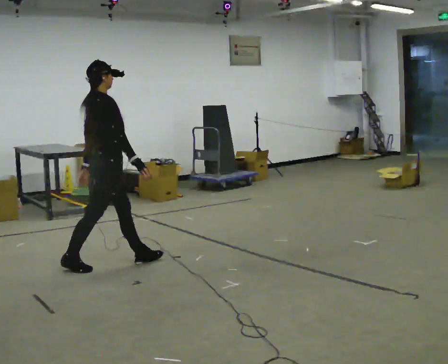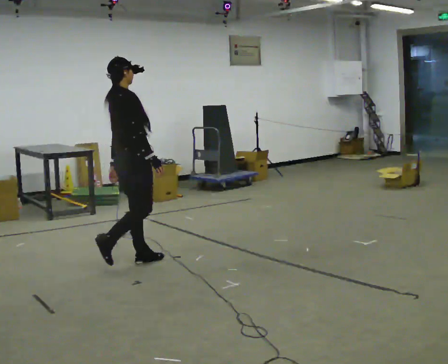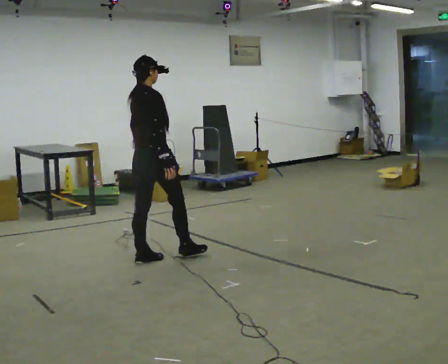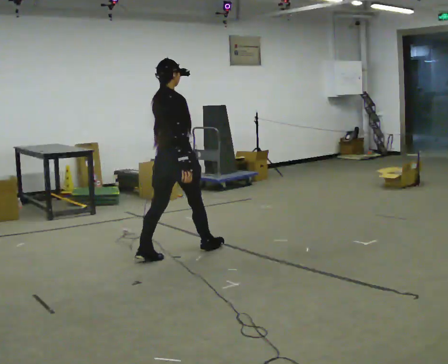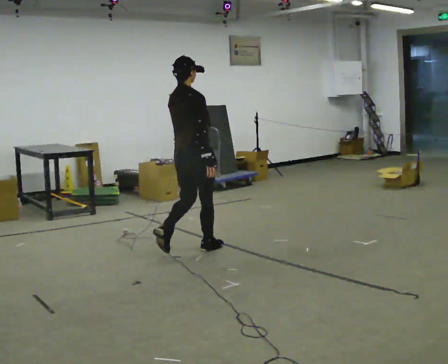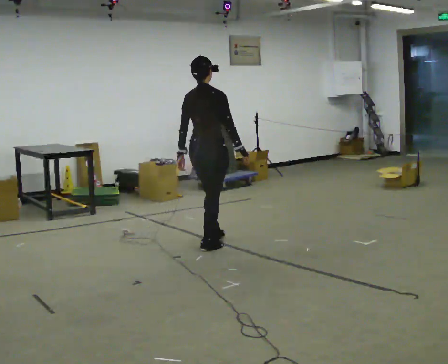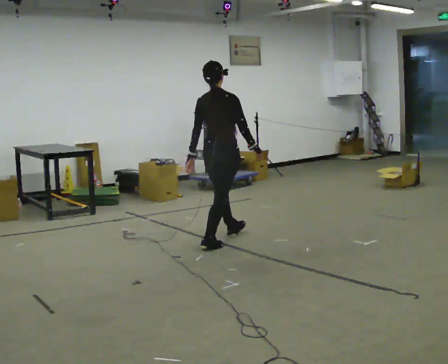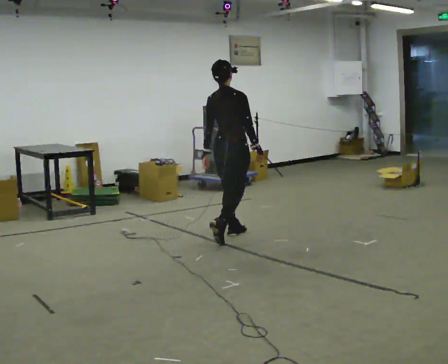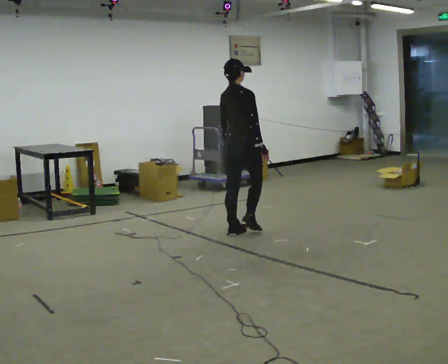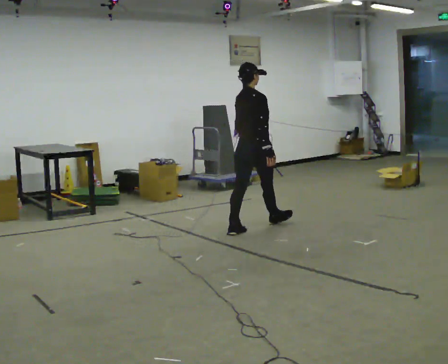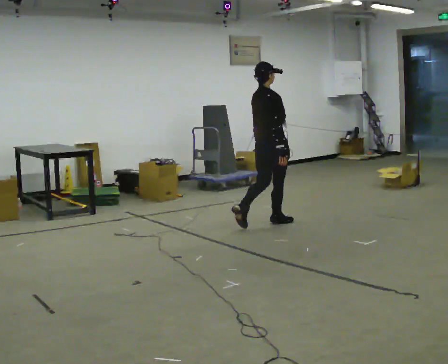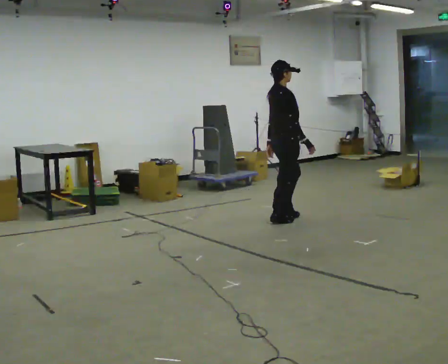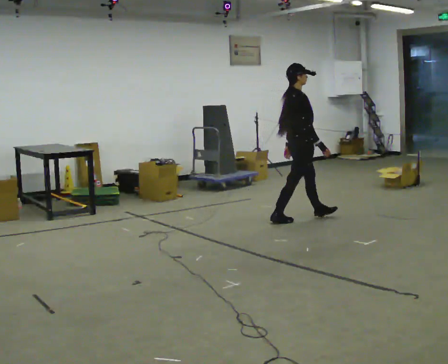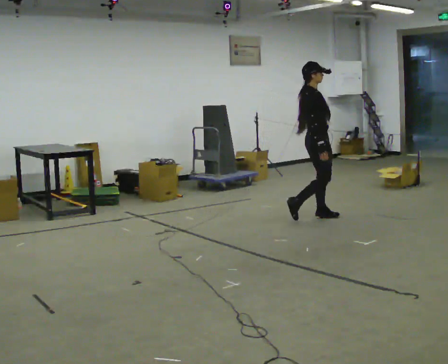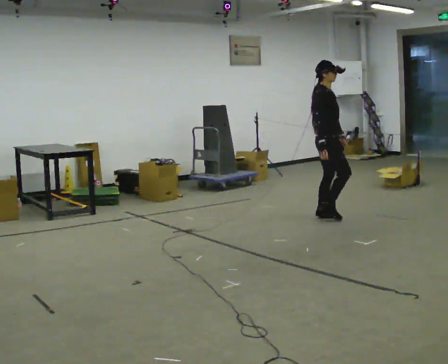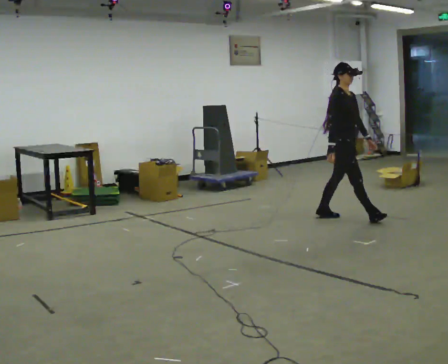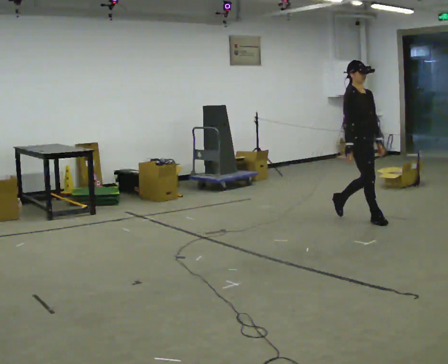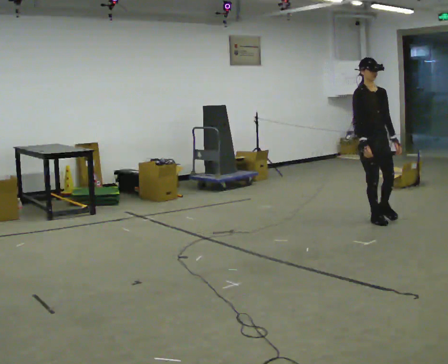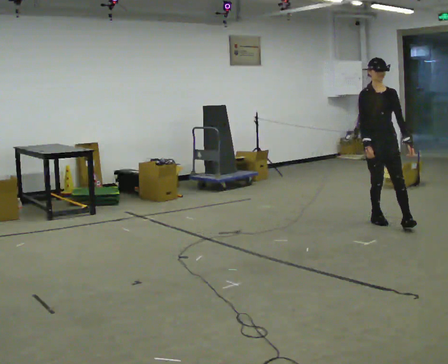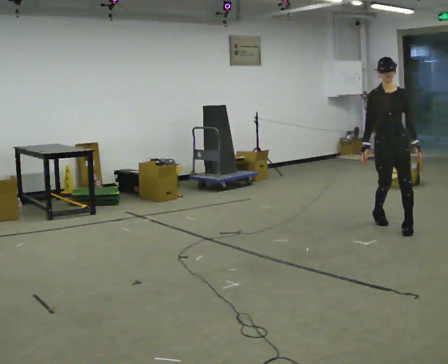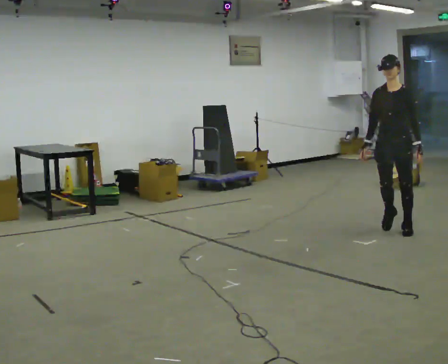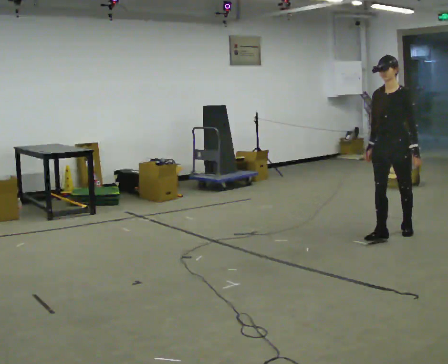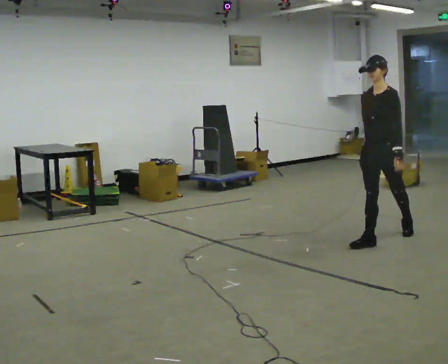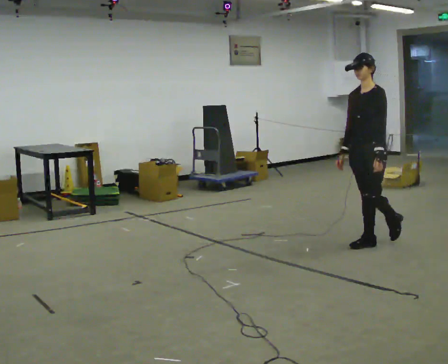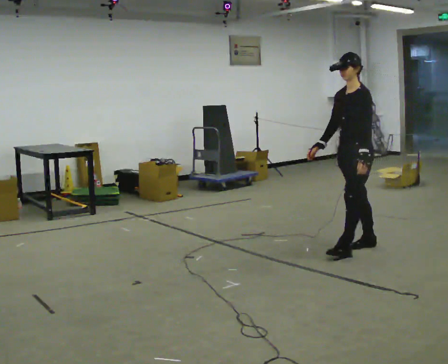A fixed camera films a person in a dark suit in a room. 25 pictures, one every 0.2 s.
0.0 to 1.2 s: Seen from above the body turns counterclockwise, about 30 degrees: to their left, with its near side sliding to the right. In the picture they go away from the camera and to the right, about 1 m in 2 steps, which for them is forward.
1.2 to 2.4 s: The person turns about 45 degrees to their right, clockwise seen from above, so the part of the body nearest the lens slides to the left. In the picture they go away from the camera and to the right, about 1 m in 2 steps, which for them is forward.
2.4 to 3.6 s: Seen from above the body turns clockwise, about 90 degrees: to their right, with its near side sliding to the left. In the picture they go to the right and toward the camera, about 1 m in 1 step.
3.6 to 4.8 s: The person turns about 60 degrees to their right, clockwise seen from above, so the part of the body nearest the lens slides to the left. In the picture they go toward the camera and to the left, about 1 m in 2 steps.
The film runs forward here.
